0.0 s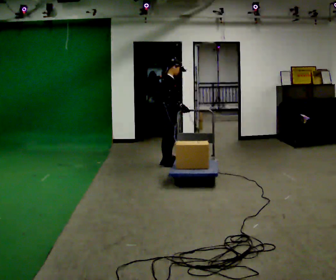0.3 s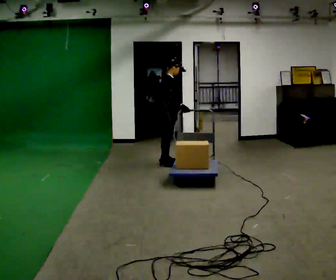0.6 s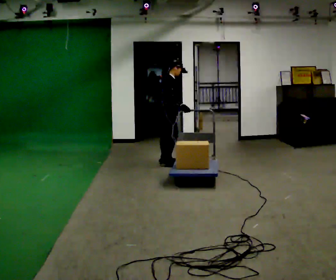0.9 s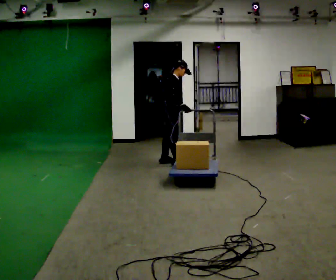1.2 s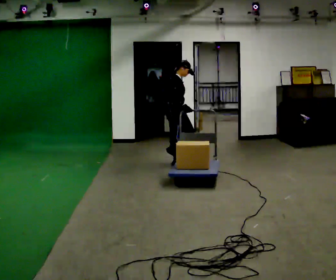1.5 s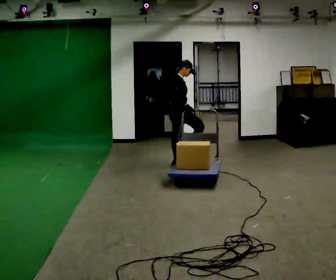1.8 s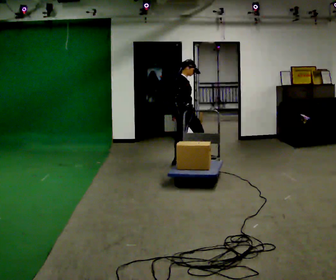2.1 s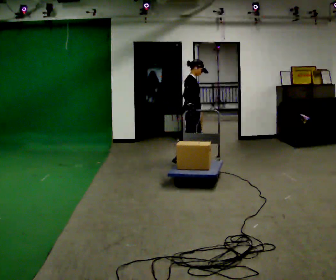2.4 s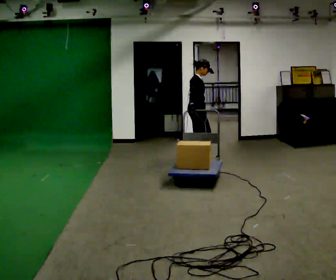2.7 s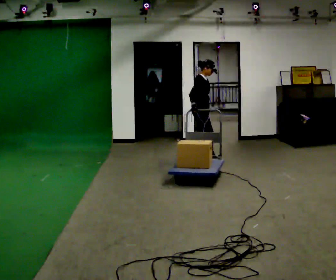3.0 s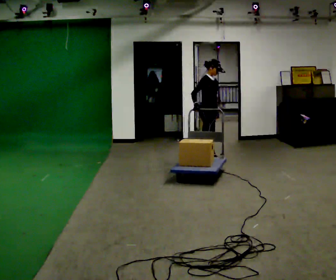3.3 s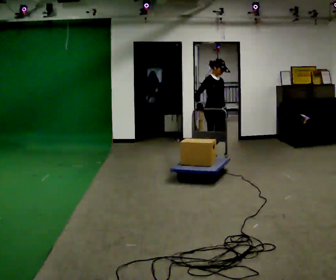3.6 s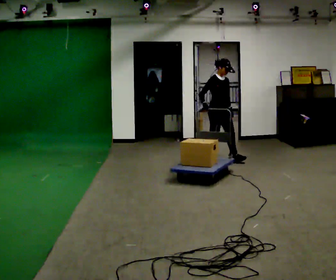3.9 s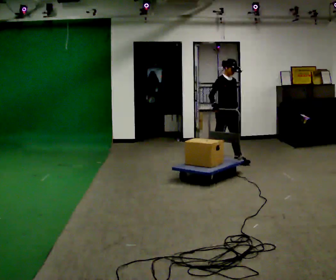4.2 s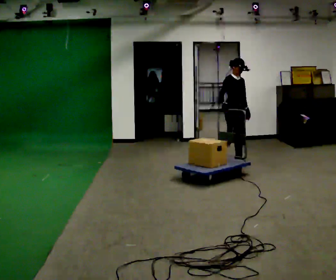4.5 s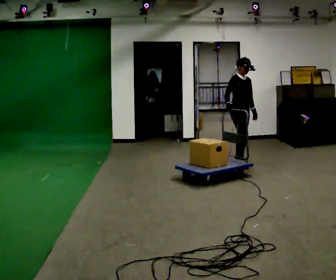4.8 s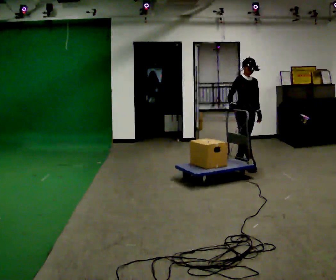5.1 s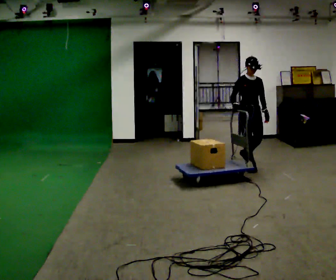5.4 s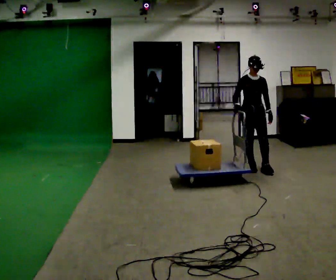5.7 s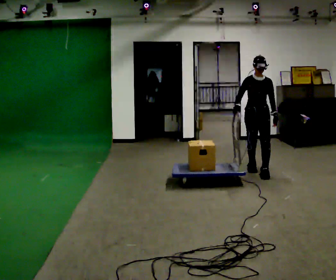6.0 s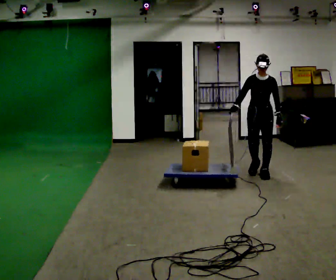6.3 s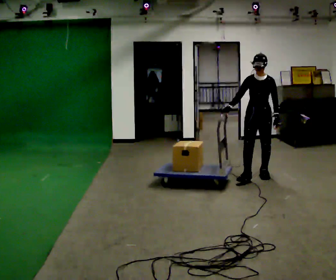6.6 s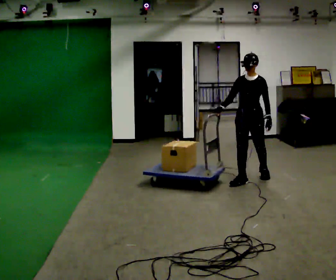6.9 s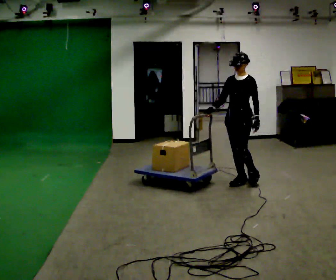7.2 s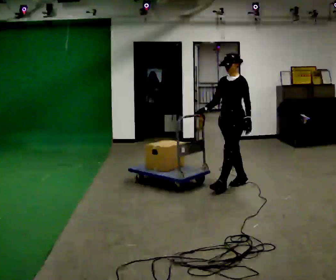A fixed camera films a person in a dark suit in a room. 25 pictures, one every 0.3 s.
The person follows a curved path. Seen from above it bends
clockwise.
The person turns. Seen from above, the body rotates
clockwise.
0.0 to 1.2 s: The person moves a little, or ends about where they began.
1.2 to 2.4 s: In the picture they go to the right and away from the camera, about 0.25 m in 1 step, which for them is forward and to their left.
2.4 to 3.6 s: The part of the body nearest the lens slides to the left as the person turns to their right by about 30 degrees. In the picture they go to the right, about 0.25 m in 1 step, which for them is forward.
3.6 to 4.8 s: In the picture they go to the right and toward the camera, about 0.5 m in 2 steps, which for them is forward.
4.8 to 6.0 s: The person turns about 45 degrees to their right, clockwise seen from above, so the part of the body nearest the lens slides to the left. In the picture they go toward the camera, about 0.5 m in 1 step, which for them is forward.
6.0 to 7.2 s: The part of the body nearest the lens slides to the left as the person turns to their right by about 30 degrees. In the picture they go toward the camera and to the left, about 0.5 m in 1 step, which for them is forward.
The film runs forward here.
